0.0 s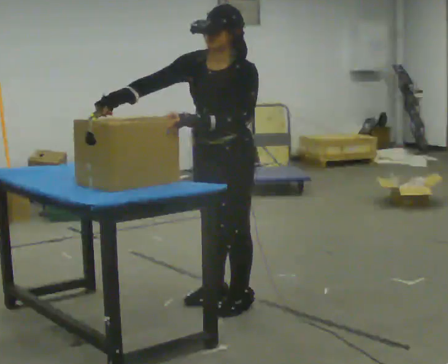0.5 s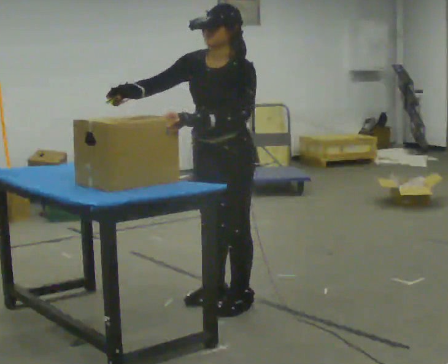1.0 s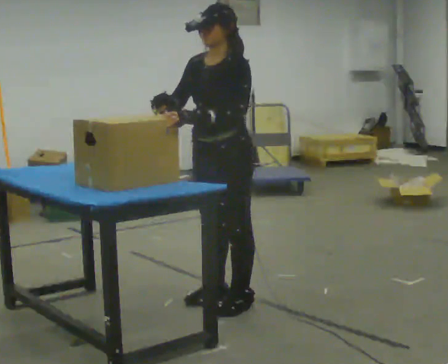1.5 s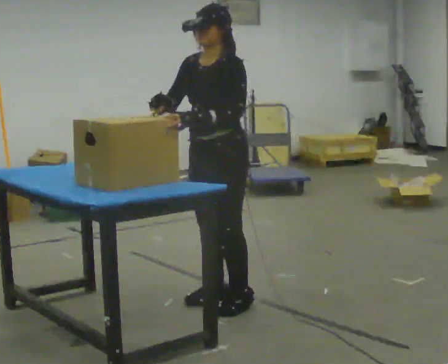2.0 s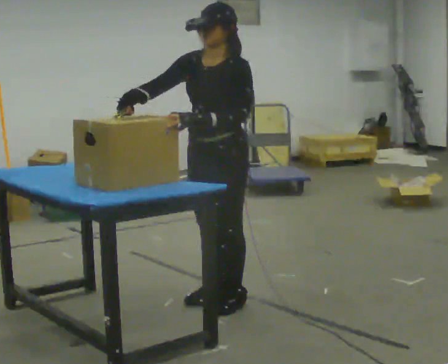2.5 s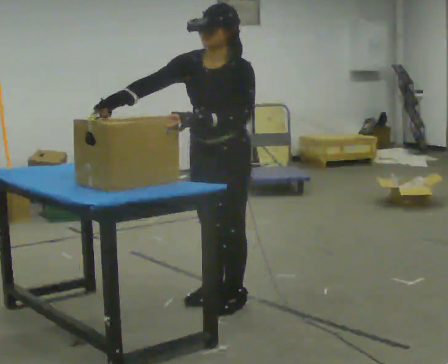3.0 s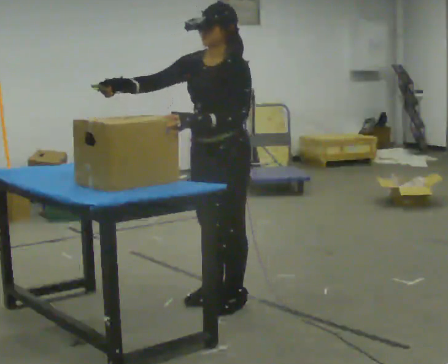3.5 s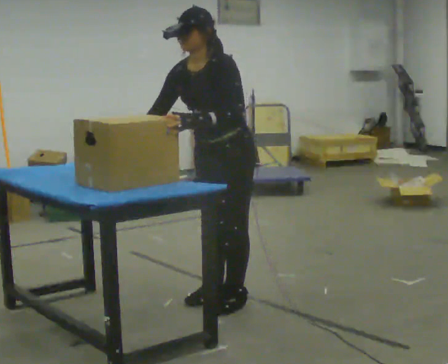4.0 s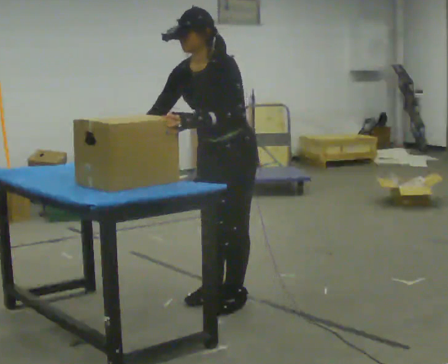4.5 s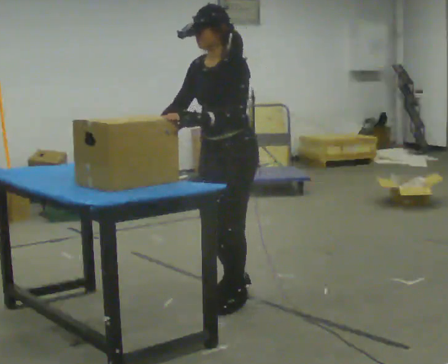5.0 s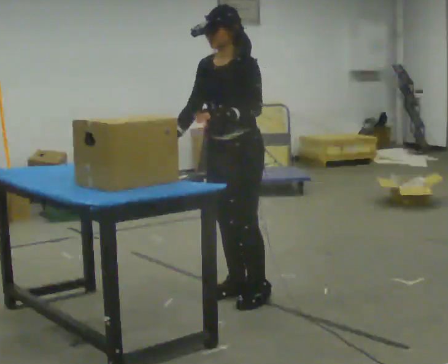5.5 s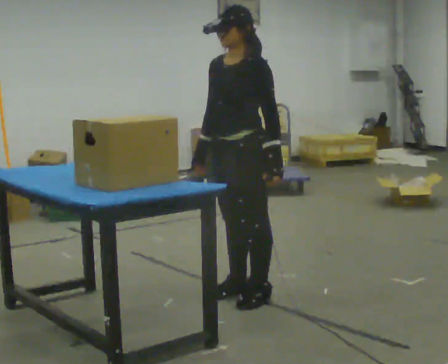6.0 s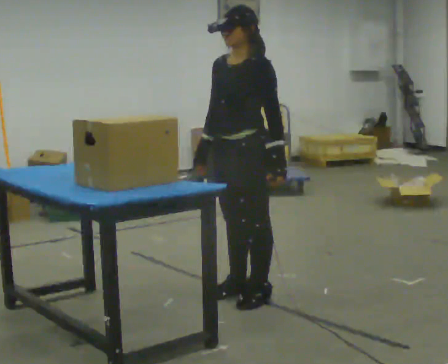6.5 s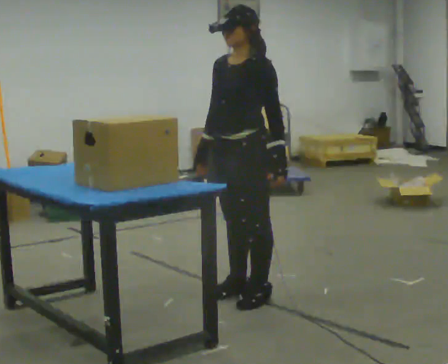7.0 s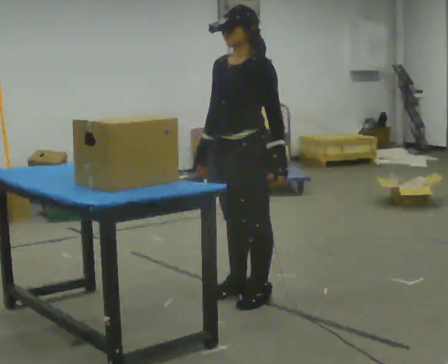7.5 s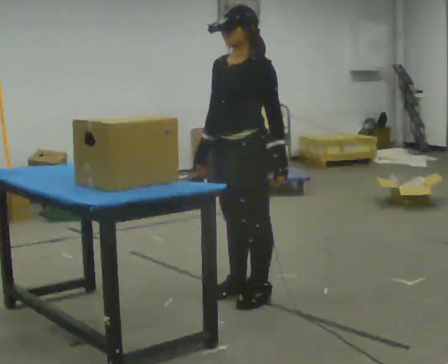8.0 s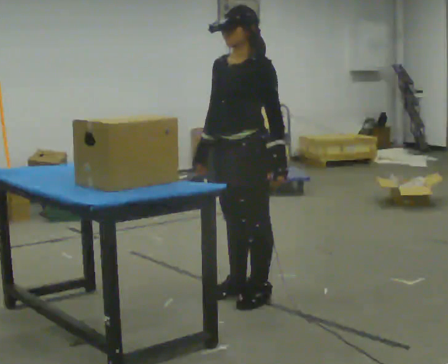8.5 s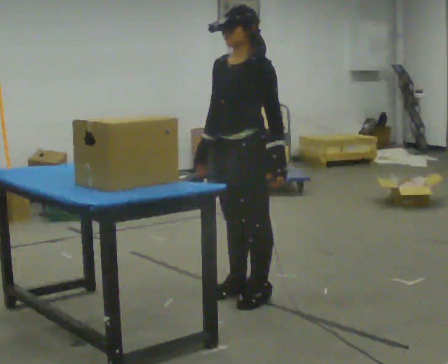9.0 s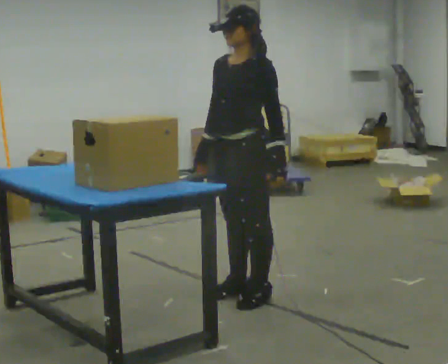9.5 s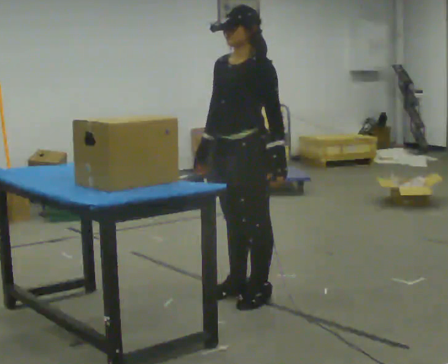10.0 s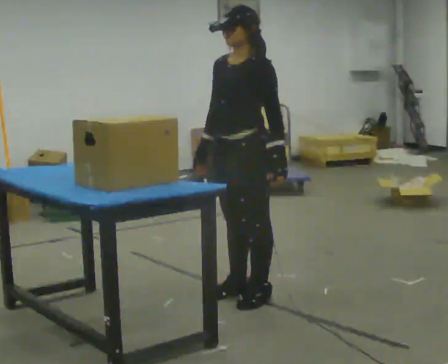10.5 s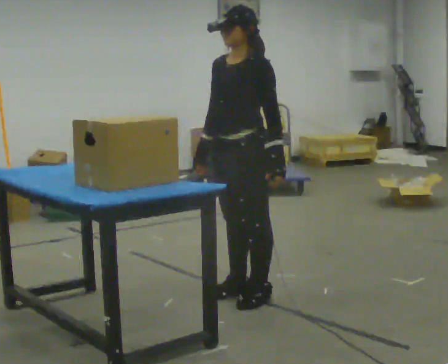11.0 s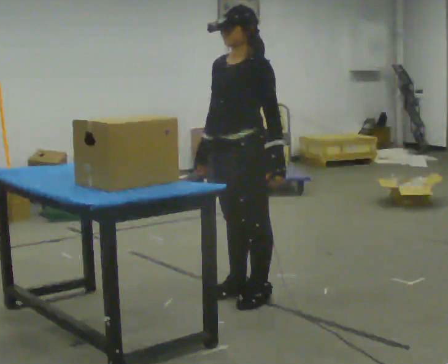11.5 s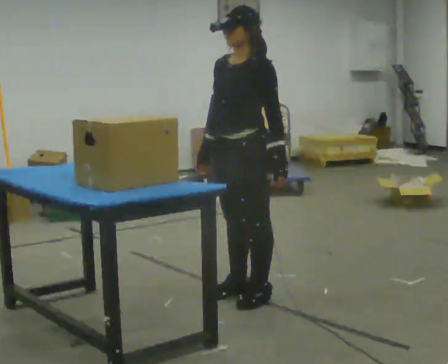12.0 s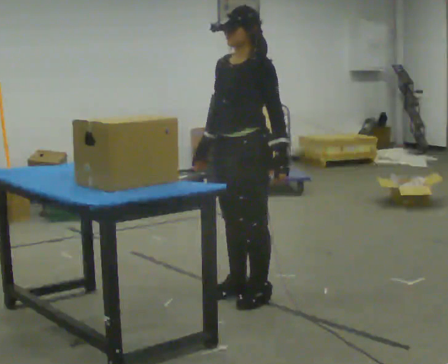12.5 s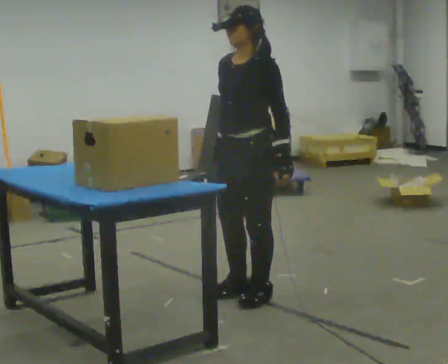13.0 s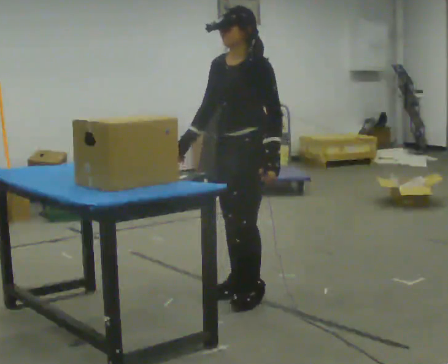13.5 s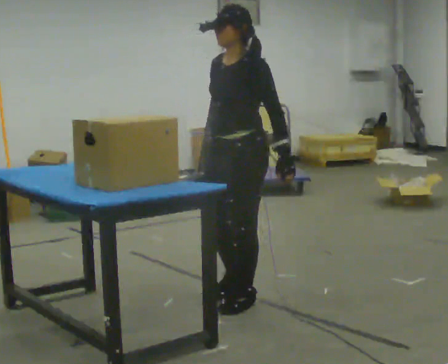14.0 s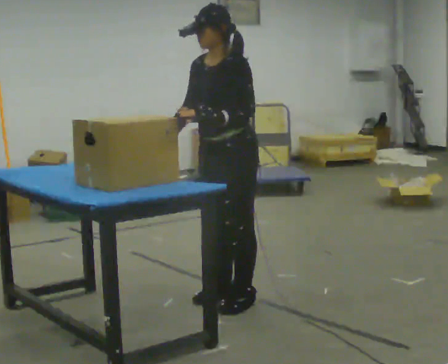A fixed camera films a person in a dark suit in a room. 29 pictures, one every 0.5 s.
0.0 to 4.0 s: The person moves a little, or ends about where they began.
4.0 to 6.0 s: In the picture the upper body tilts clockwise, shoulders to the right, as they lean back or straighten. In the picture their left hand goes to the right.
6.0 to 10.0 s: The person keeps their place and pose.
10.0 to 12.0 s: The person moves a little, or ends about where they began.
12.0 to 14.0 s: In the picture their left hand goes to the left.
The film runs backward here.
